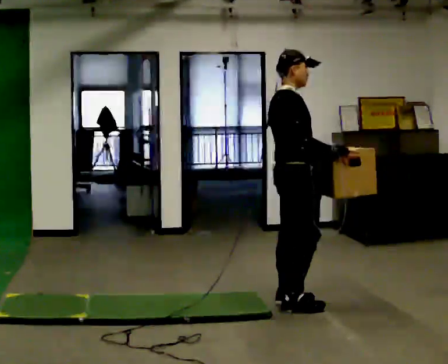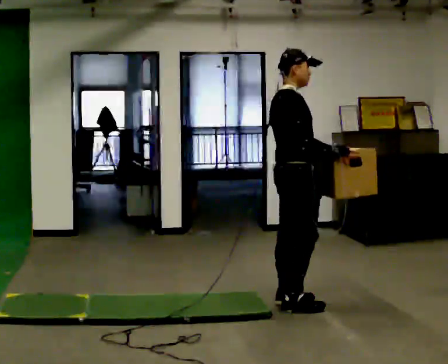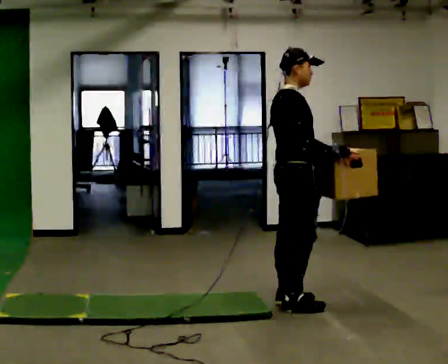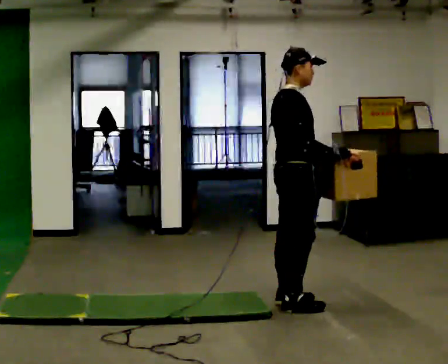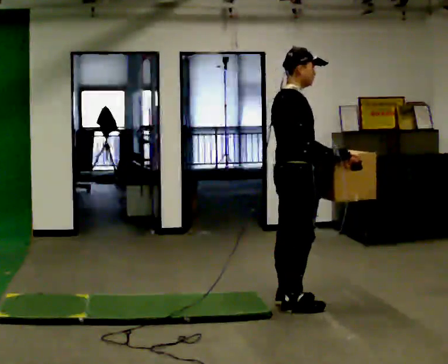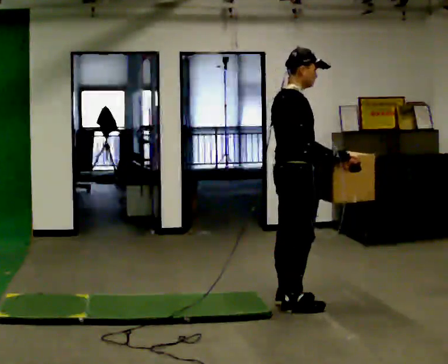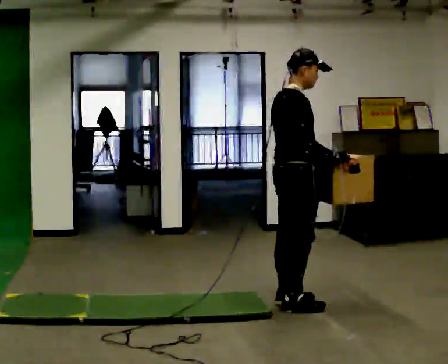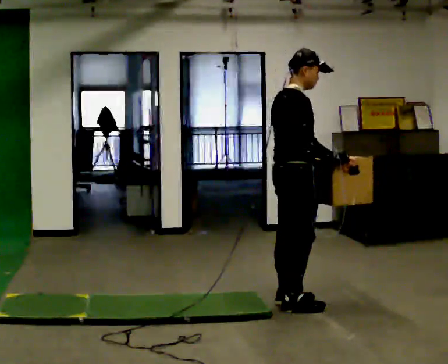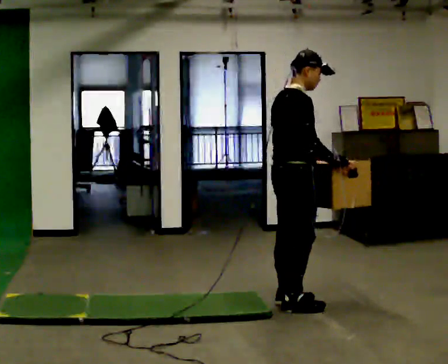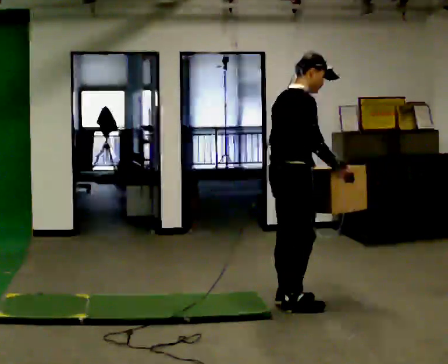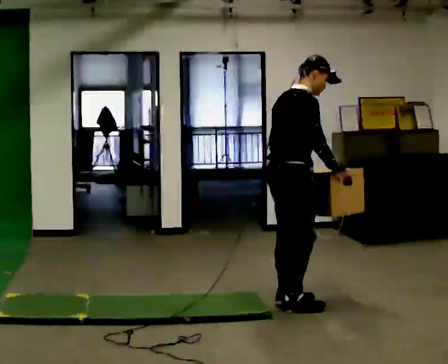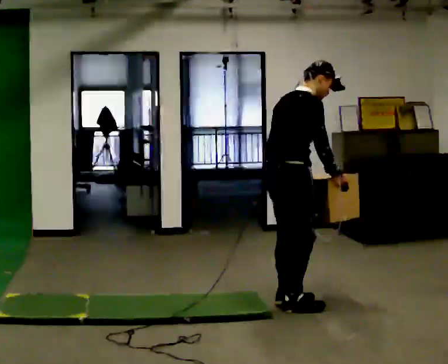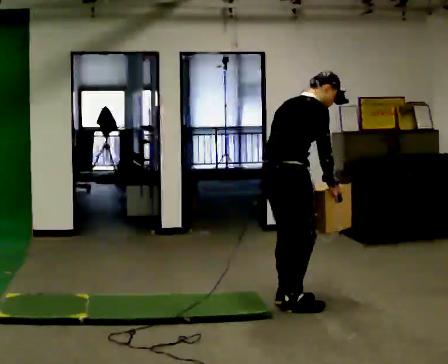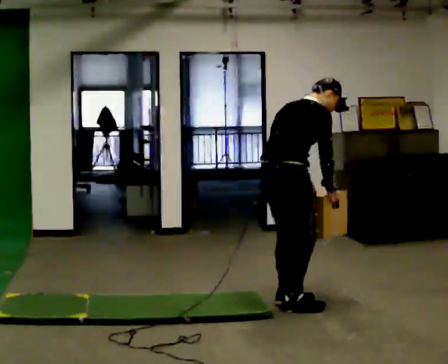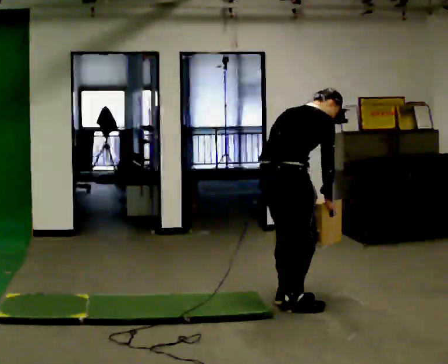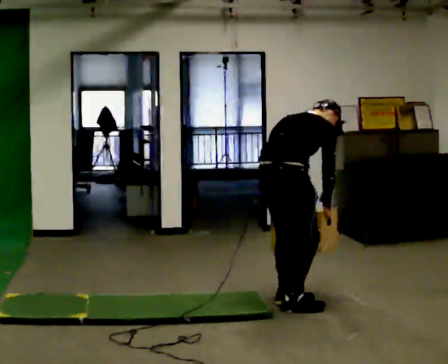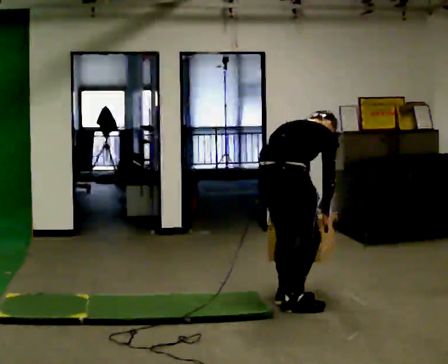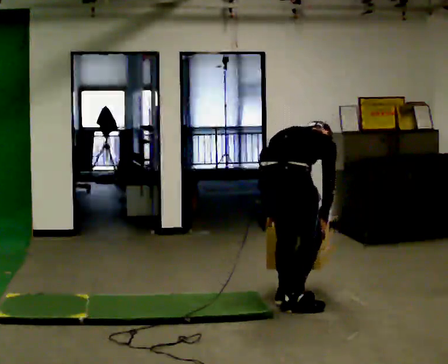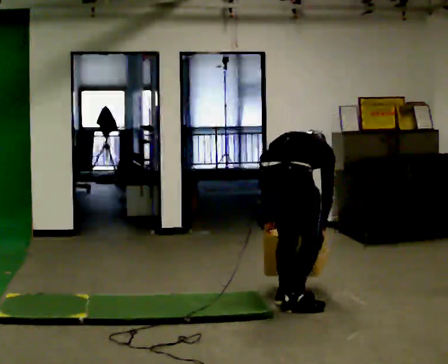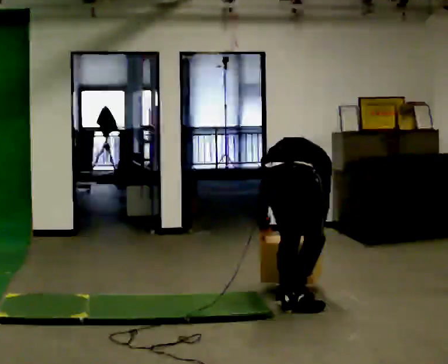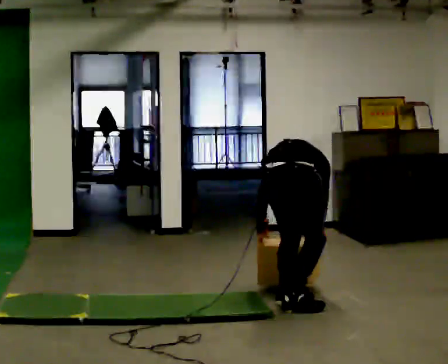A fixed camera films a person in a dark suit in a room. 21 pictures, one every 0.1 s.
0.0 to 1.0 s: In the picture the upper body tilts clockwise, shoulders to the right, as they bend forward.
1.0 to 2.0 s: Seen from above the body turns counterclockwise, about 45 degrees: to their left, with its near side sliding to the right. The upper body goes downward. The upper body tips away from the camera, its near side rolling upward, as they bend forward. In the picture their left hand goes downward.
The film runs forward here.
